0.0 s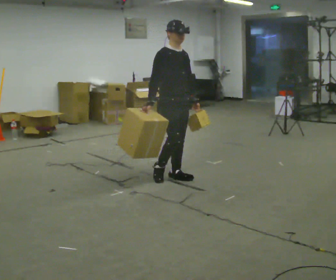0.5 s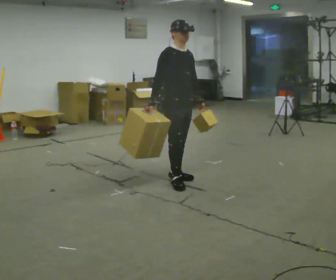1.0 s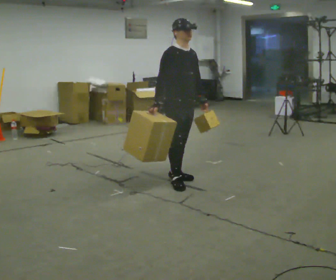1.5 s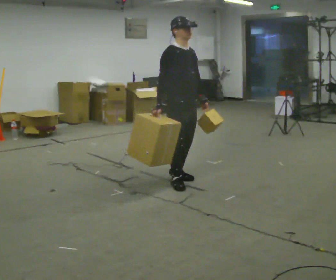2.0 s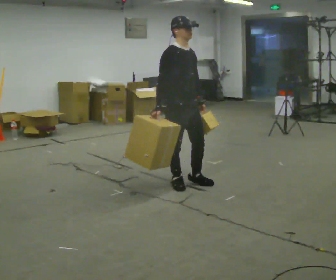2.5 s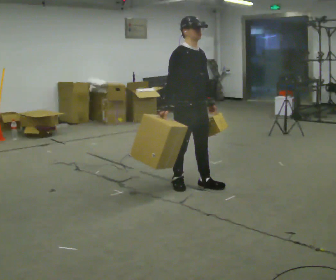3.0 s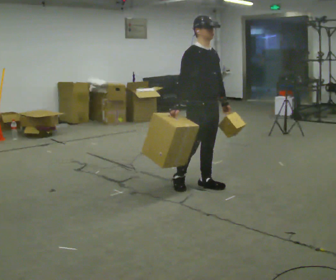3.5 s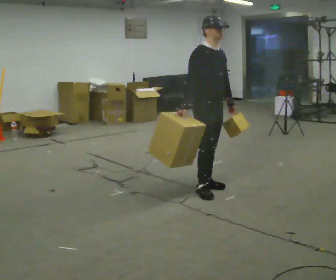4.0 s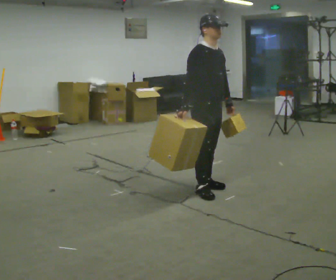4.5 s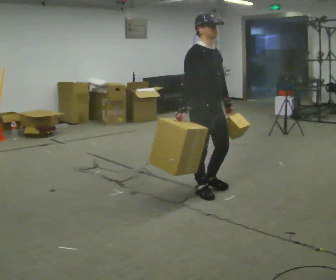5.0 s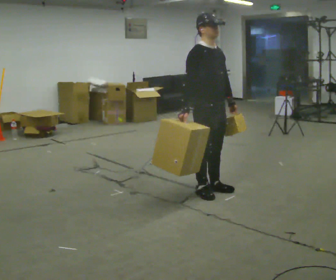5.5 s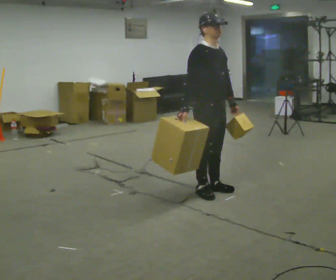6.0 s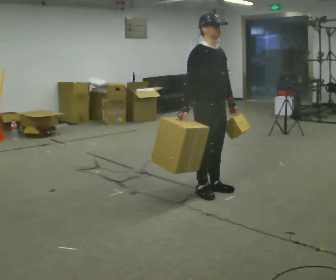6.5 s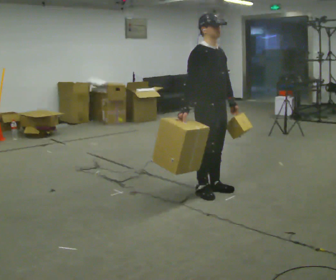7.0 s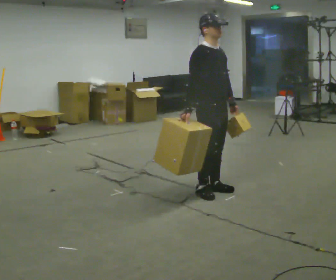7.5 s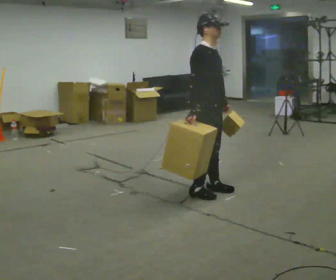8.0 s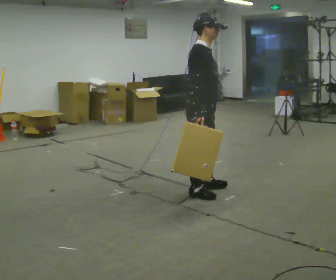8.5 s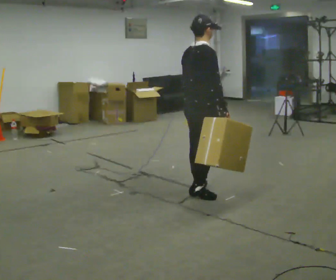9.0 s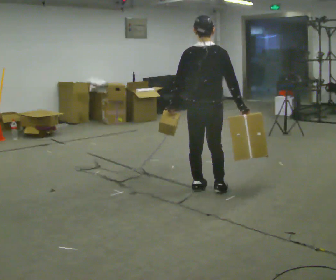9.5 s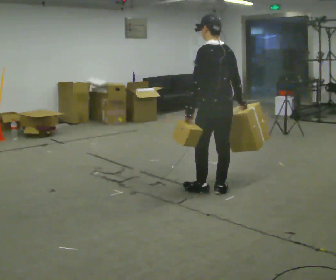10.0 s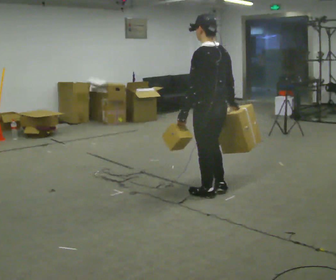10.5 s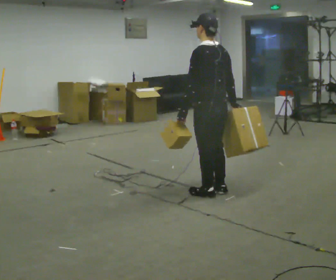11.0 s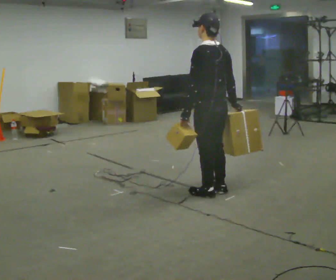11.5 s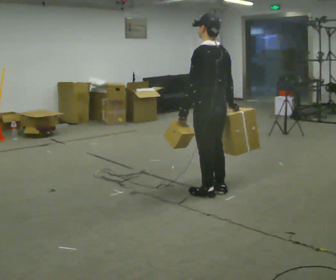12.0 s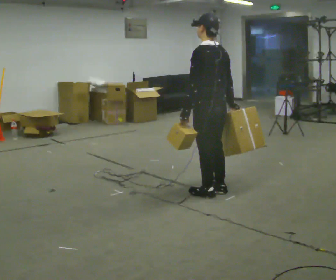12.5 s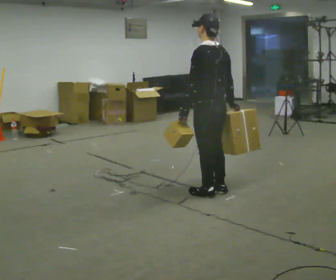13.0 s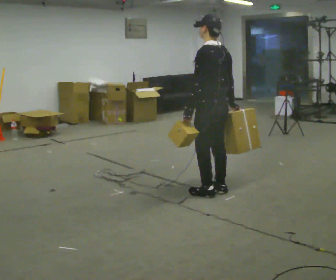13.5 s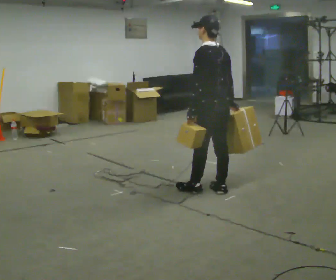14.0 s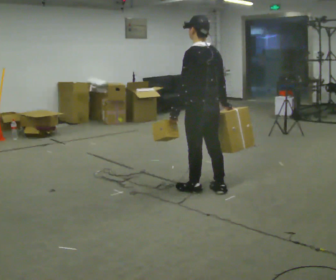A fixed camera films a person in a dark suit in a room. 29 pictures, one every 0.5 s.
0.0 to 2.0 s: In the picture they go toward the camera and to the right, about 0.25 m in 1 step, which for them is forward and to their right.
2.0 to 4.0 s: In the picture they go to the right, about 0.25 m in 2 steps, which for them is forward.
4.0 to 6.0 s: The person moves a little, or ends about where they began.
6.0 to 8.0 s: The person turns about 45 degrees to their left, counterclockwise seen from above, so the part of the body nearest the lens slides to the right.
8.0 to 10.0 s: The part of the body nearest the lens slides to the right as the person turns to their left by about 135 degrees.
10.0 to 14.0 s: The person moves a little, or ends about where they began.
The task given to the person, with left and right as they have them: Carry one object in each hand, the heavy one in the hand the operator calls, walking back and forth across the room.
The film runs forward here.
